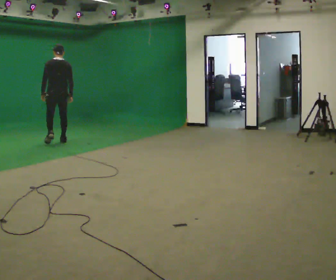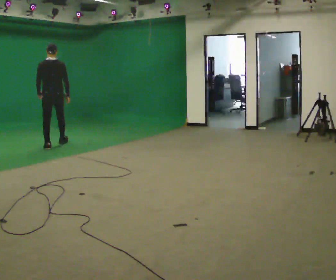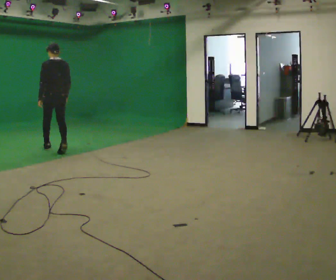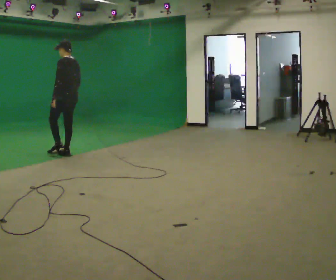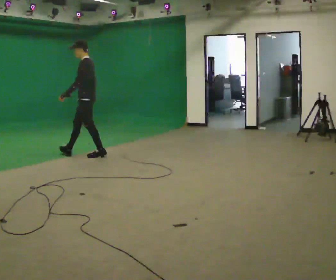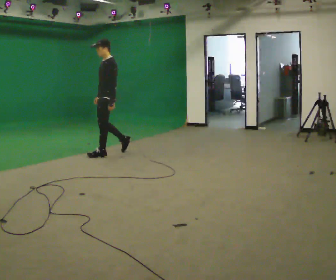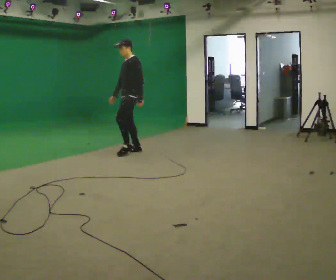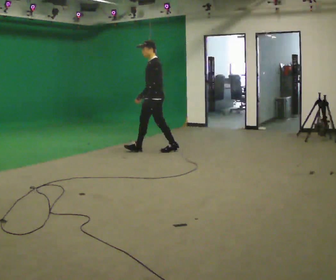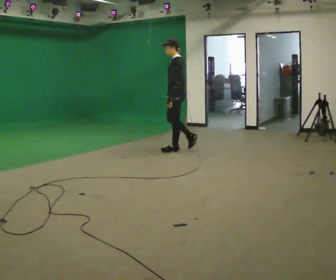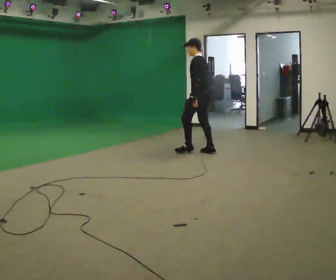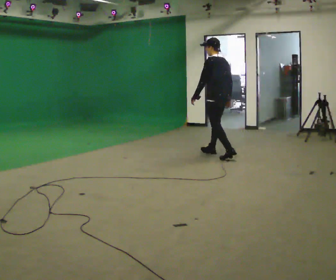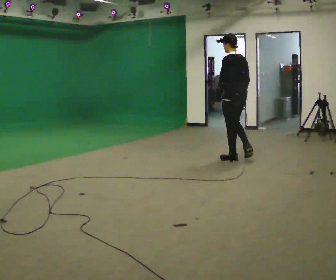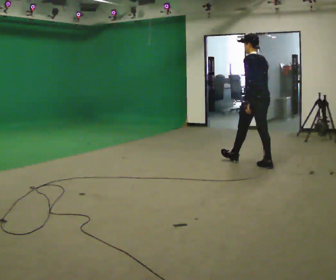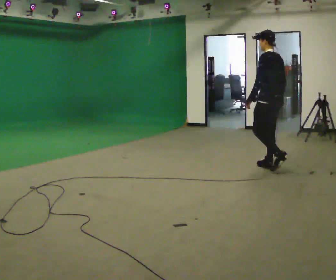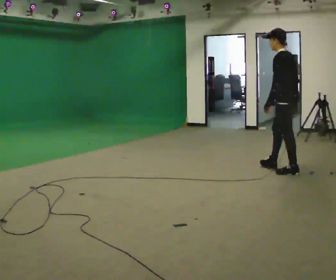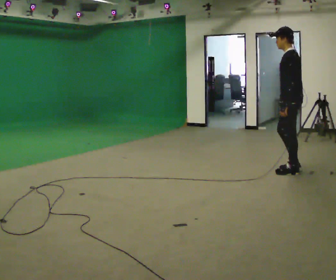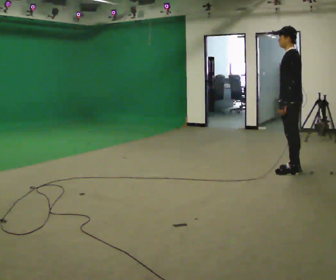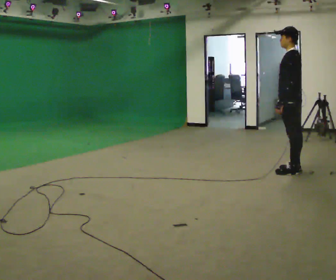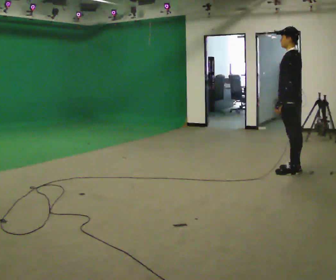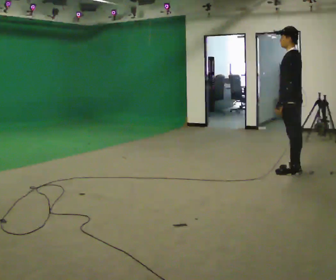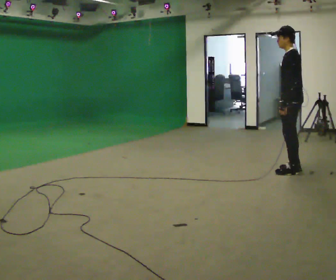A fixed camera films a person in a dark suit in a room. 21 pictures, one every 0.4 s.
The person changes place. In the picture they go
to the right.
0.0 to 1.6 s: The person turns about 75 degrees to their left, counterclockwise seen from above, so the part of the body nearest the lens slides to the right. In the picture they go to the right and toward the camera, about 1 m in 3 steps.
1.6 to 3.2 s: In the picture they go to the right, about 1.5 m in 2 steps, which for them is backward.
3.2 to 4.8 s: Seen from above the body turns clockwise, about 45 degrees: to their right, with its near side sliding to the left. In the picture they go to the right and toward the camera, about 1.5 m in 3 steps, which for them is backward.
4.8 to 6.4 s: Seen from above the body turns counterclockwise, about 30 degrees: to their left, with its near side sliding to the right. In the picture they go toward the camera and to the right, about 0.5 m in 1 step, which for them is backward.
6.4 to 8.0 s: The person moves a little, or ends about where they began.
The film runs backward here.
